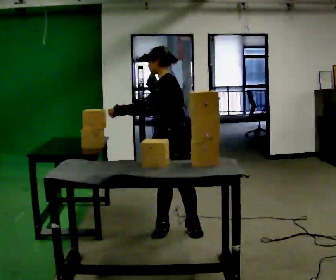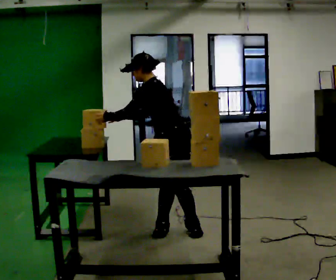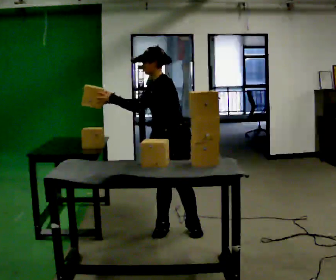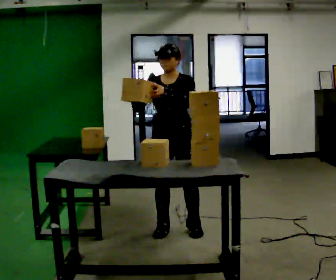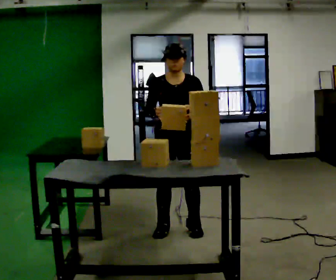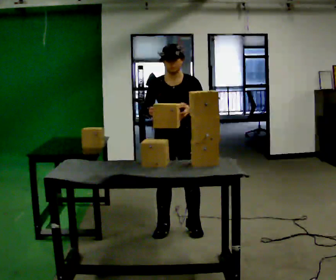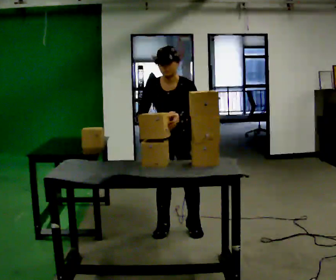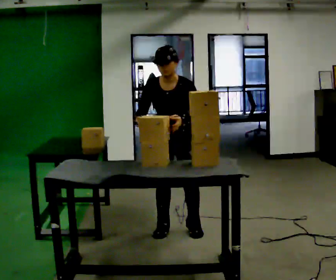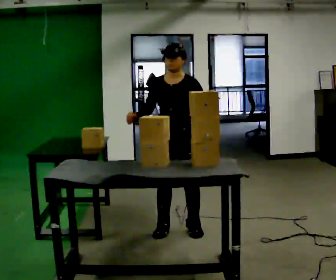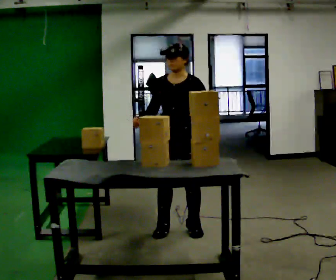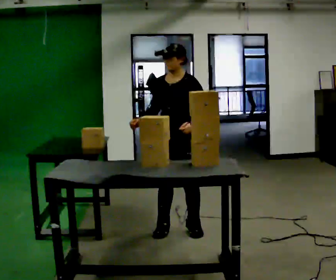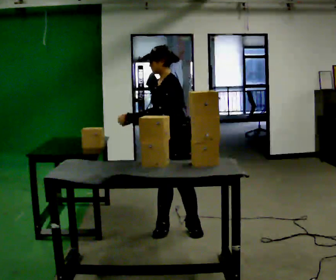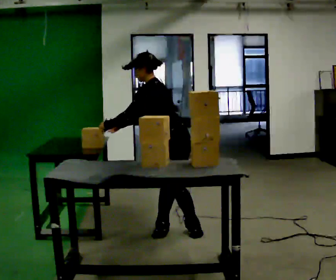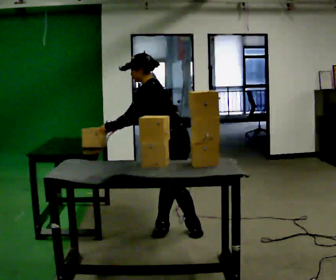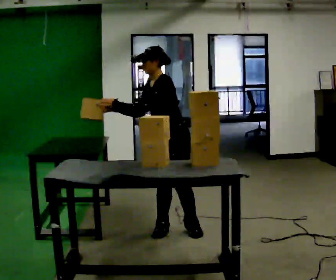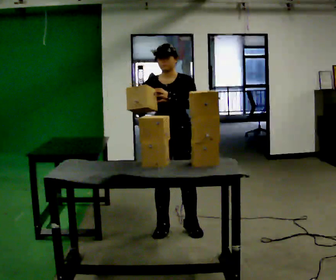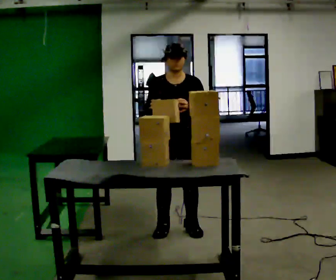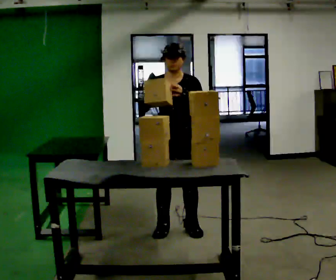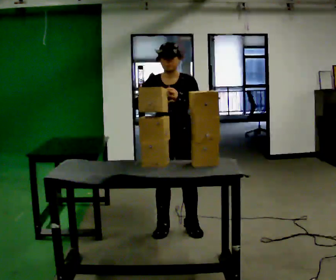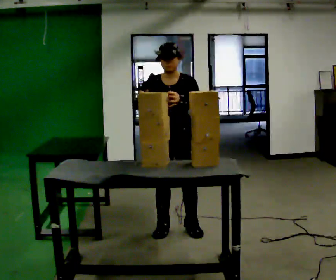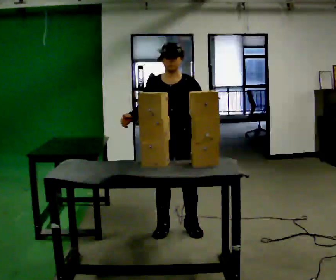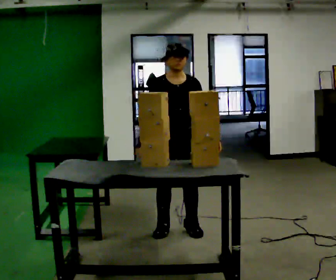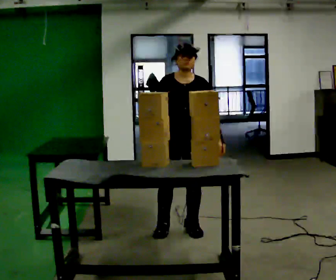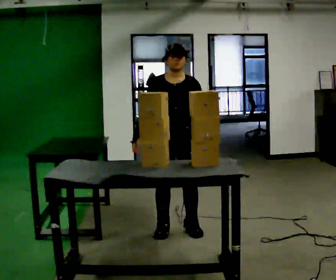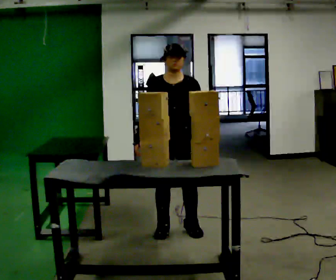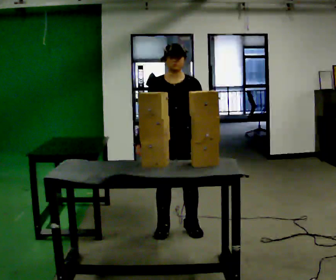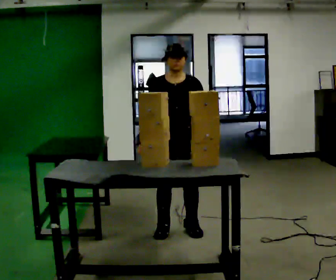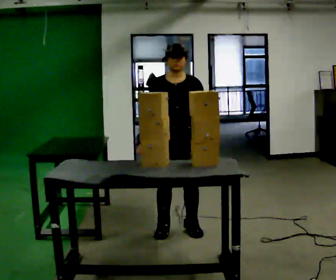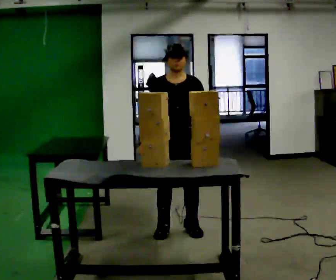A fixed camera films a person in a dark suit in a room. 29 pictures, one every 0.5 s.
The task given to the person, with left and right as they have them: Move the objects one at a time between the far targets the operator calls, without moving your feet. Repeat at your own pace until the operator says stop. Keep both feet on the marked spots for the whole take. If you have to step, stop and tell the operator.
0.0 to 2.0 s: Seen from above the body turns counterclockwise, about 60 degrees: to their left, with its near side sliding to the right.
2.0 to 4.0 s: The person moves a little, or ends about where they began.
4.0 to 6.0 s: The person turns about 60 degrees to their right, clockwise seen from above, so the part of the body nearest the lens slides to the left. In the picture the upper body tilts counterclockwise, shoulders to the left, as they bend forward. In the picture their left hand goes to the left.
6.0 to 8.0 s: The part of the body nearest the lens slides to the right as the person turns to their left by about 75 degrees. In the picture the upper body tilts clockwise, shoulders to the right, as they lean back or straighten.
8.0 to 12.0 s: The person moves a little, or ends about where they began.
12.0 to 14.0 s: The person keeps their place and pose.
The film runs forward here.
